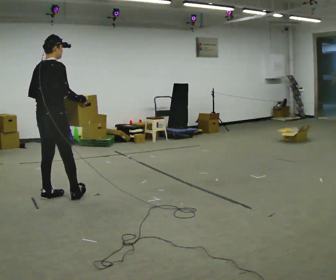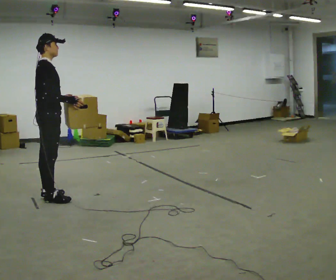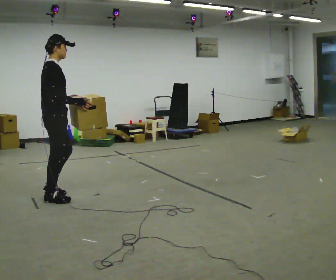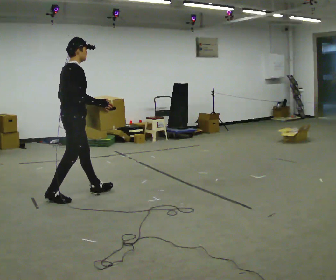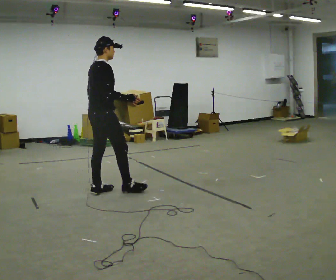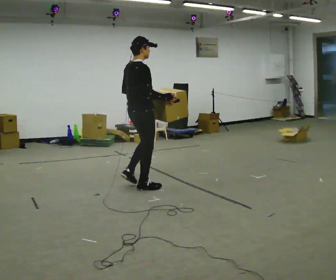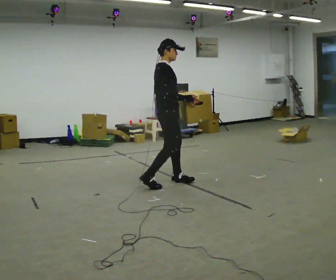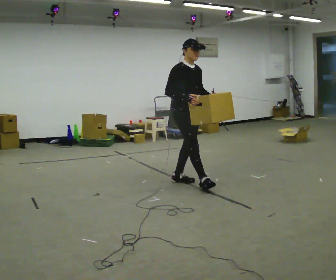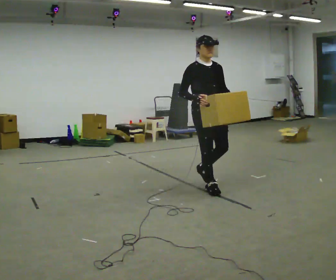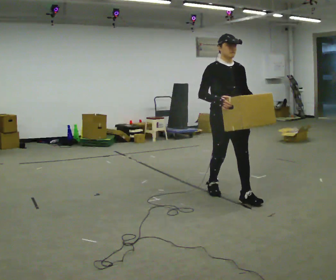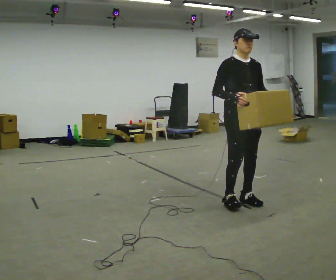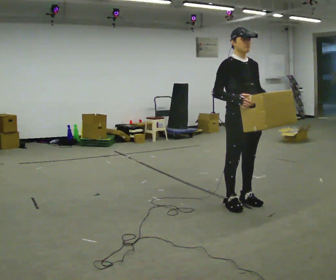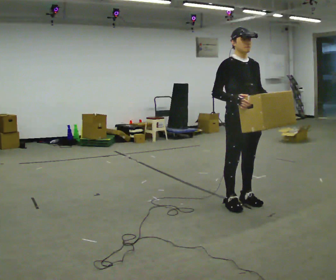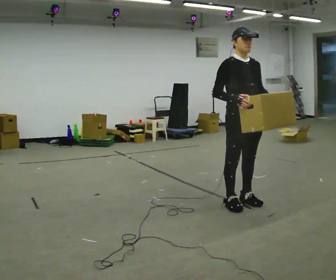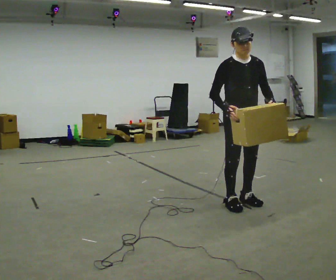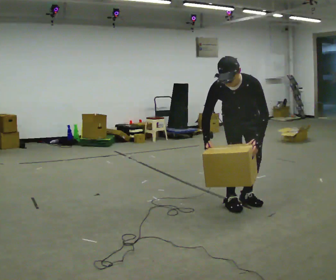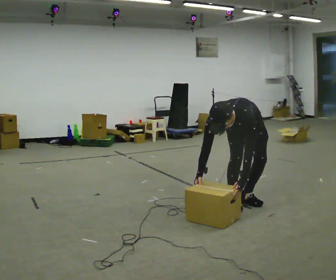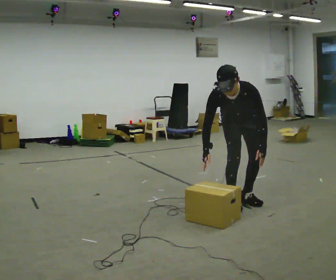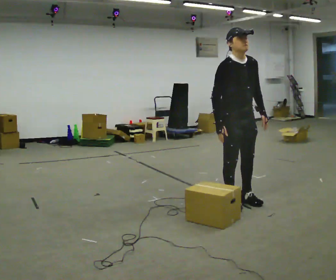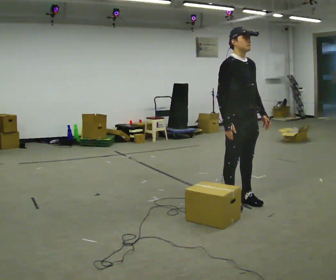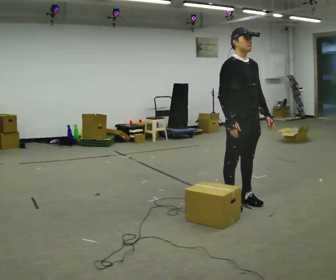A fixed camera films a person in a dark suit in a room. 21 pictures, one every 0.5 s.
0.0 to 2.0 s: In the picture they go to the right and away from the camera, about 0.5 m in 2 steps, which for them is forward.
2.0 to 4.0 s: The part of the body nearest the lens slides to the left as the person turns to their right by about 90 degrees. In the picture they go to the right, about 1 m in 3 steps.
4.0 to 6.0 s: In the picture they go toward the camera and to the right, about 0.75 m in 2 steps, which for them is forward.
6.0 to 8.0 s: The person turns about 45 degrees to their right, clockwise seen from above, so the part of the body nearest the lens slides to the left. In the picture they go away from the camera, about 0.25 m, which for them is backward. The shoulders move downward. The upper body tips toward the camera, its near side rolling downward, as they bend forward. In the picture their right hand goes downward and to the left.
8.0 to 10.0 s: The person turns about 60 degrees to their left, counterclockwise seen from above, so the part of the body nearest the lens slides to the right. In the picture they go toward the camera, about 0.25 m, which for them is to their right. The shoulders move upward. The upper body tips away from the camera, its near side rolling upward, as they lean back or straighten. In the picture their left hand goes upward.
The film runs forward here.
